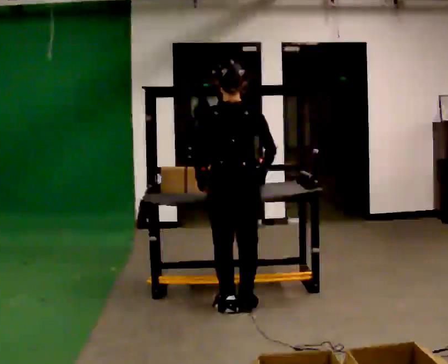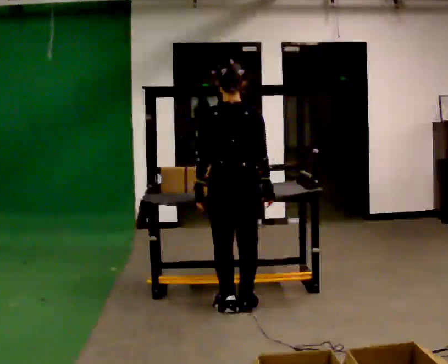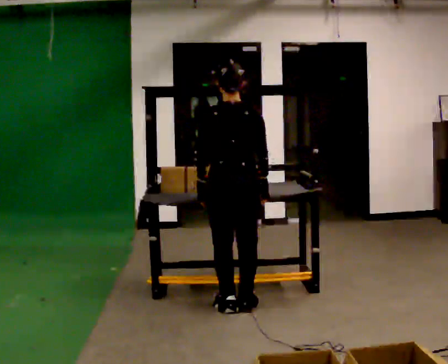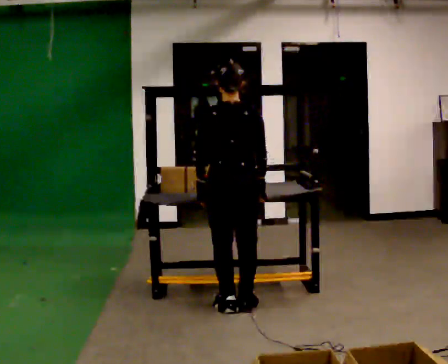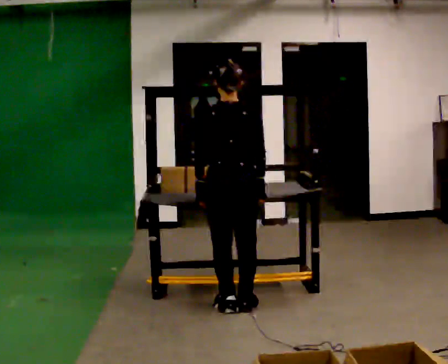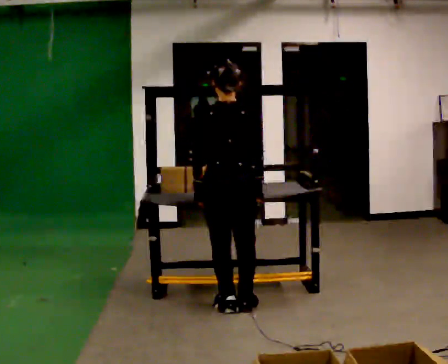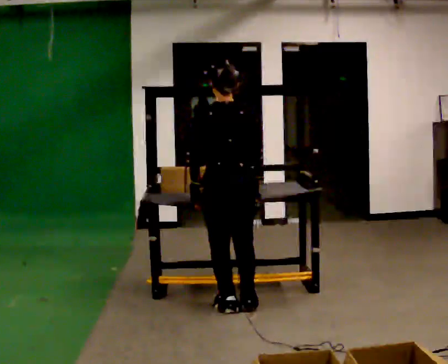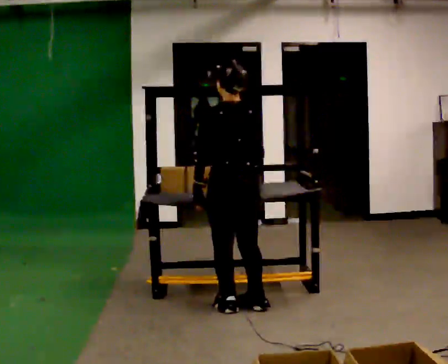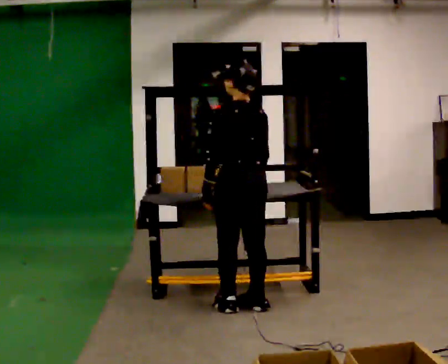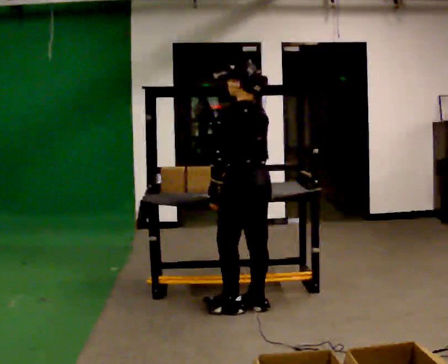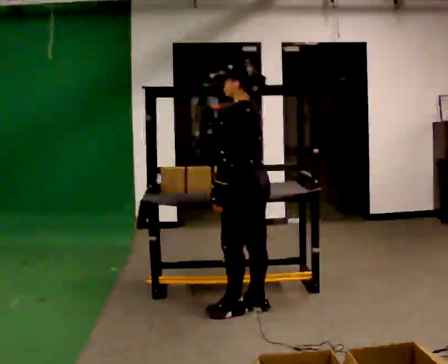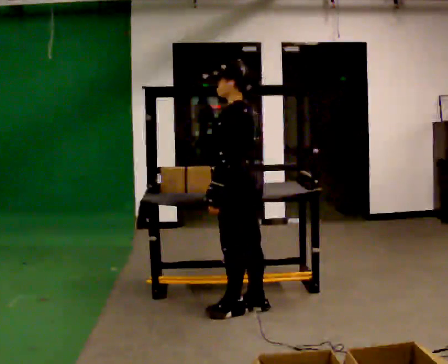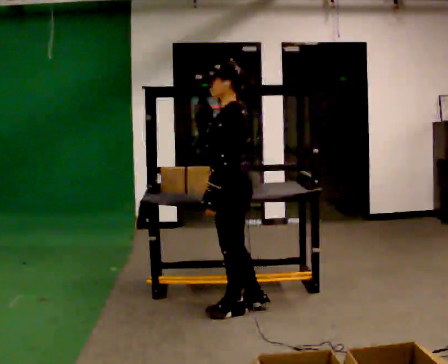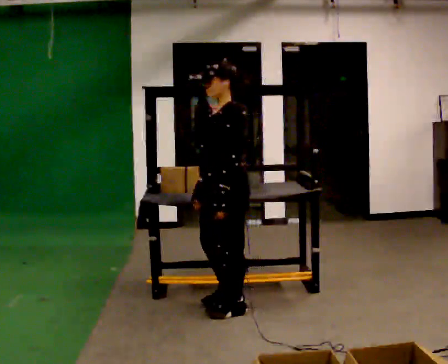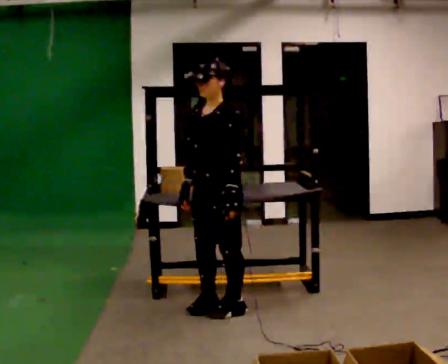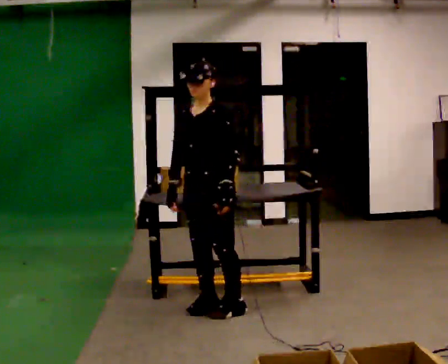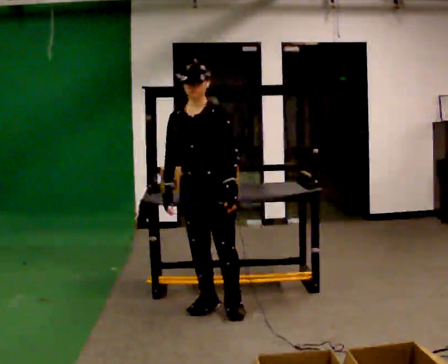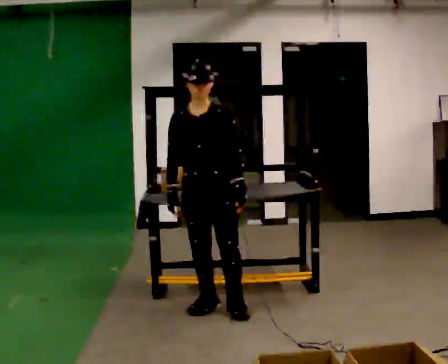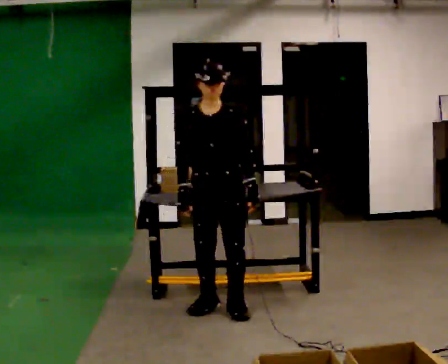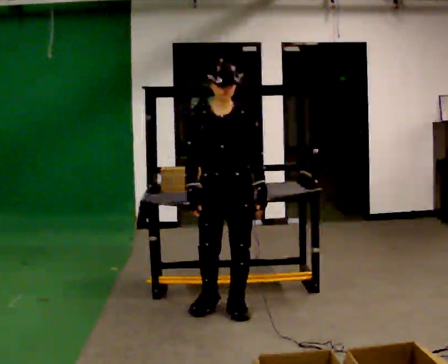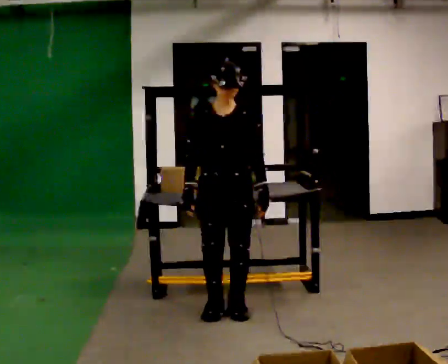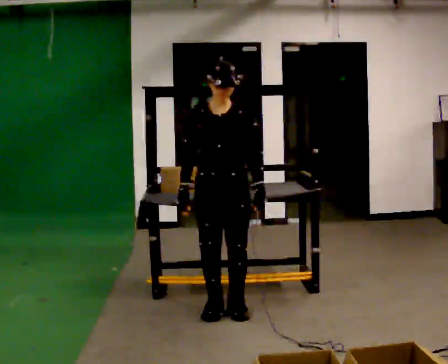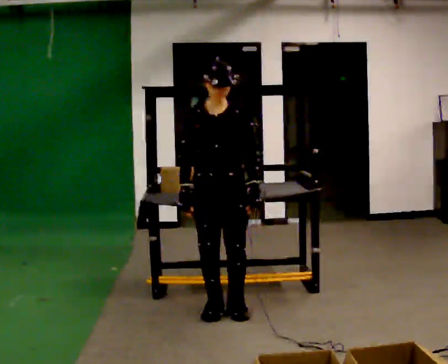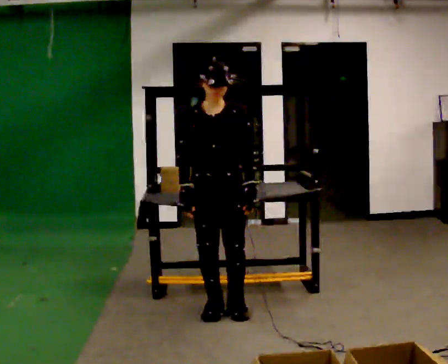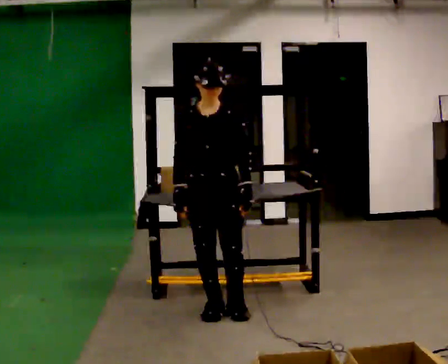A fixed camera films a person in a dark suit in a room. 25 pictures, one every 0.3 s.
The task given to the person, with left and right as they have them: 1. Look at the shelf and see which spaces are empty. 2. Find matching items in the bins on the floor. 3. Fill the empty spaces on the shelf. 4. Tell the operator when you are finished.
0.0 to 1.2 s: The person moves a little, or ends about where they began.
1.2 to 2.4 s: The person turns about 30 degrees to their left, counterclockwise seen from above, so the part of the body nearest the lens slides to the right.
2.4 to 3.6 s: The person turns about 45 degrees to their left, counterclockwise seen from above, so the part of the body nearest the lens slides to the right.
3.6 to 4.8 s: Seen from above the body turns counterclockwise, about 75 degrees: to their left, with its near side sliding to the right. In the picture they go to the left, about 0.25 m in 1 step.
4.8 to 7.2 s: The person moves a little, or ends about where they began.
The film runs forward here.
